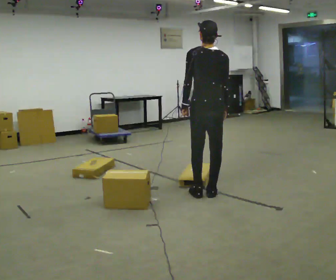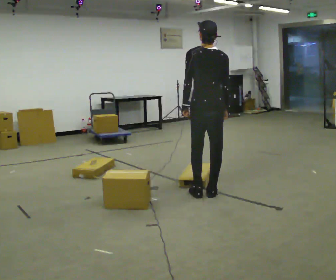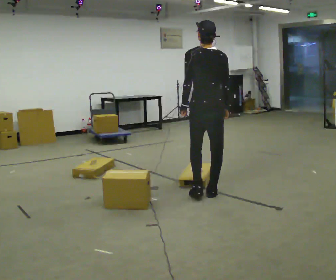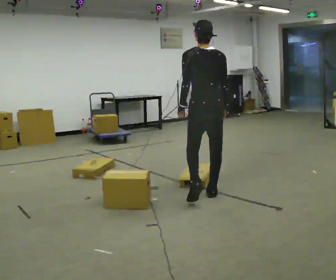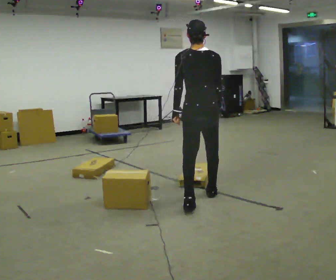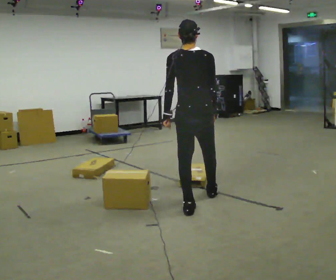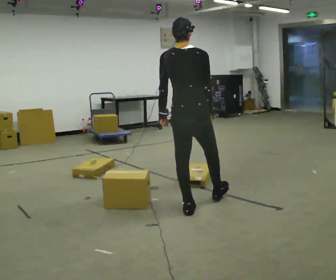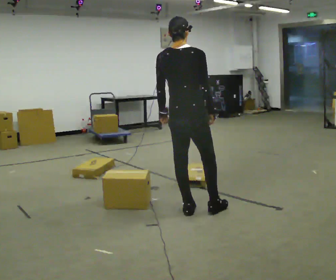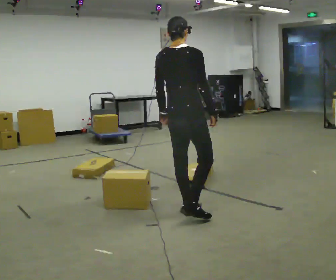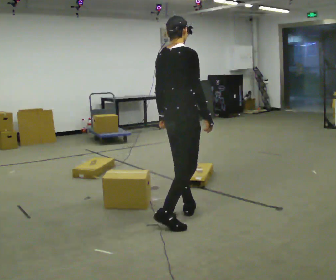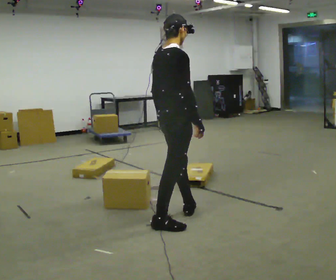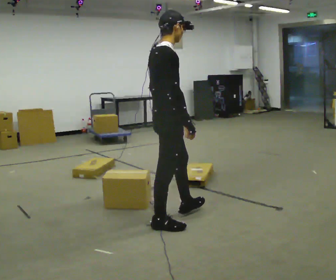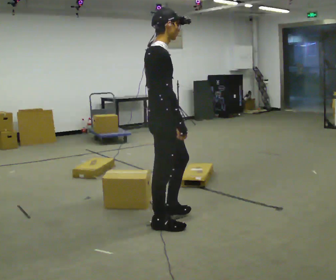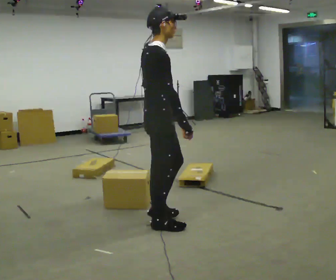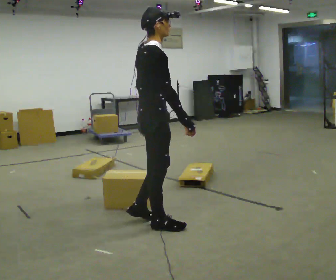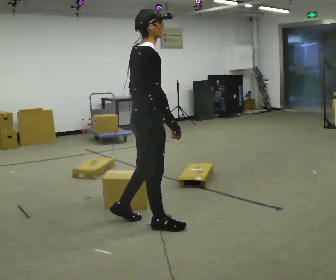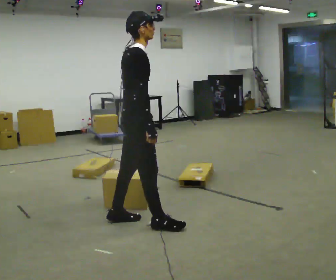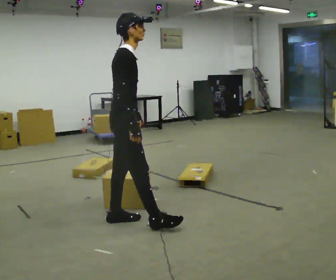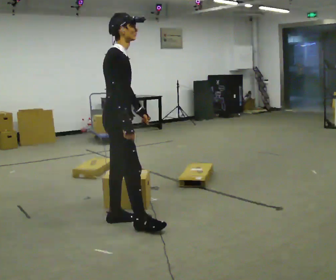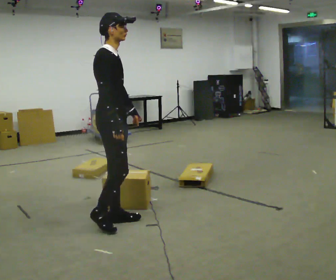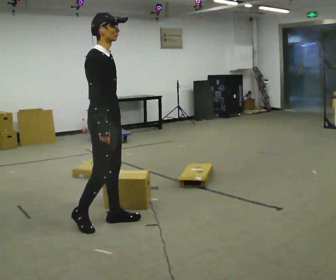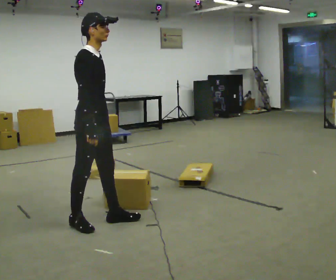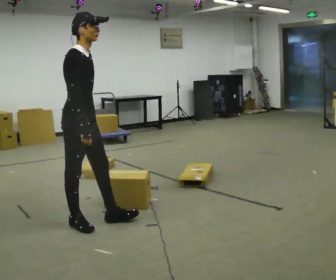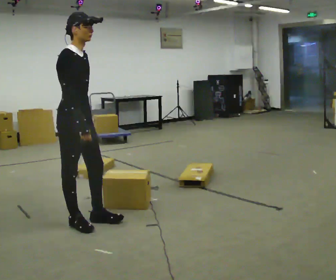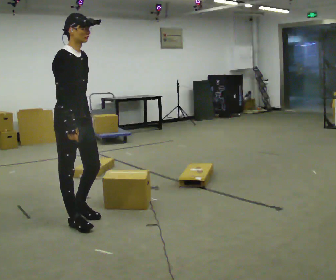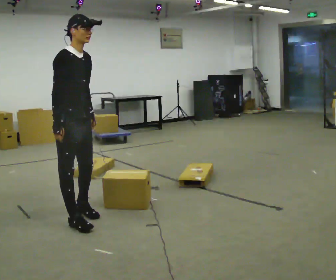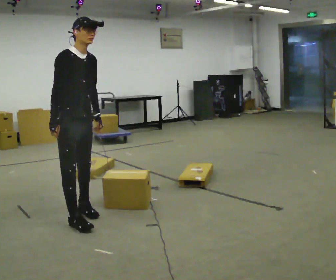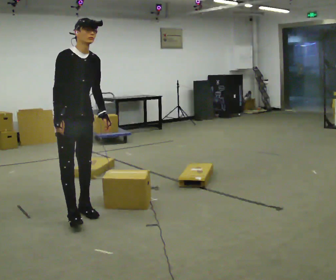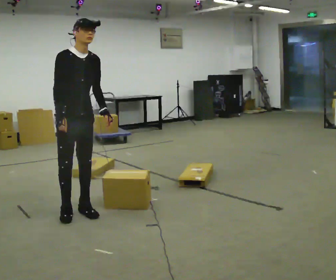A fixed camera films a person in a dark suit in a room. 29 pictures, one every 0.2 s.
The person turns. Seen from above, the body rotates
clockwise.
The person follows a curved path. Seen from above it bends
clockwise.
0.0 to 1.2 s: In the picture they go toward the camera and to the left, about 0.5 m in 2 steps, which for them is backward and to their left.
1.2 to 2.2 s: The person turns about 75 degrees to their right, clockwise seen from above, so the part of the body nearest the lens slides to the left. In the picture they go toward the camera and to the left, about 0.5 m in 1 step.
2.2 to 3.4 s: In the picture they go to the left, about 0.25 m, which for them is backward and to their left.
3.4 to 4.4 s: In the picture they go to the left, about 0.25 m in 1 step, which for them is backward.
4.4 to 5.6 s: The person turns about 45 degrees to their right, clockwise seen from above, so the part of the body nearest the lens slides to the left. In the picture they go away from the camera, about 0.25 m in 2 steps, which for them is to their left and backward.
The film runs backward here.
